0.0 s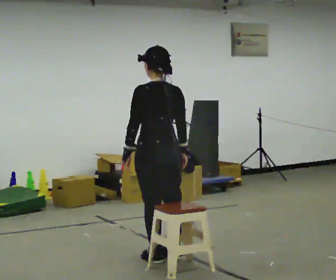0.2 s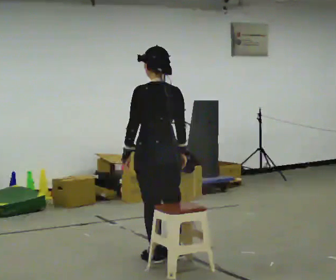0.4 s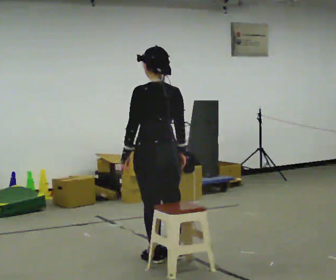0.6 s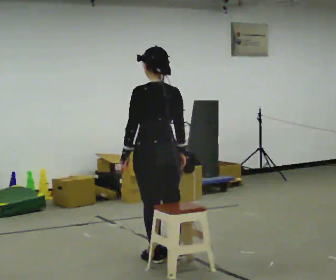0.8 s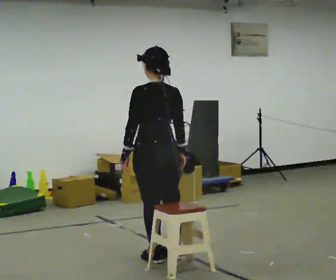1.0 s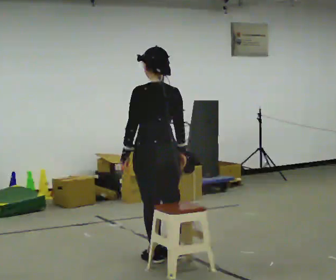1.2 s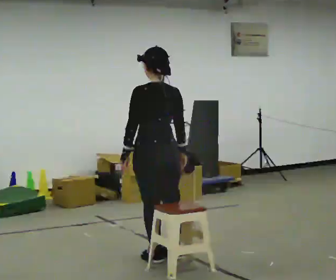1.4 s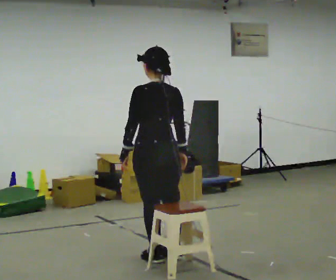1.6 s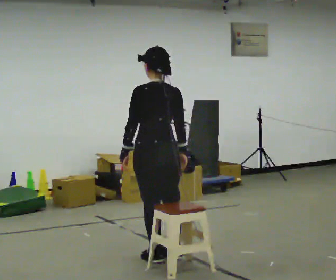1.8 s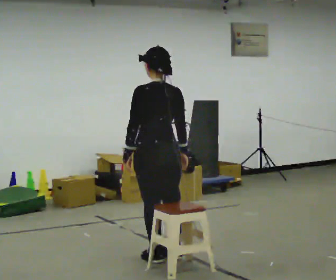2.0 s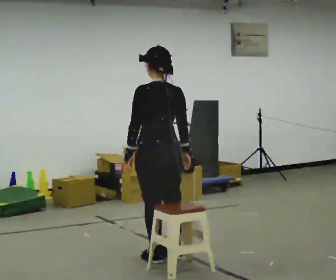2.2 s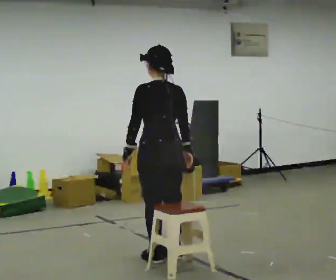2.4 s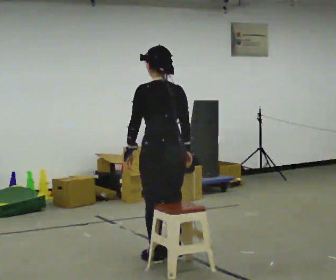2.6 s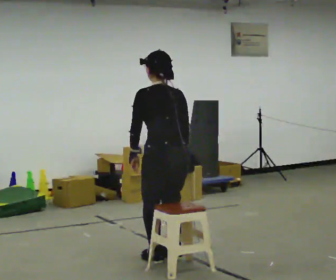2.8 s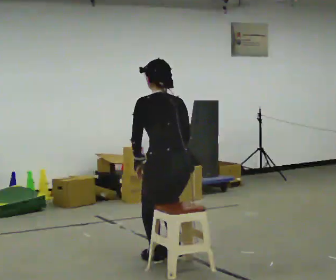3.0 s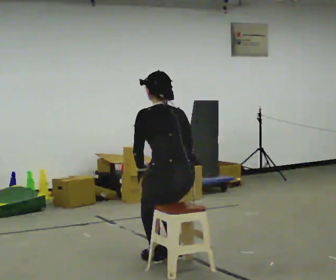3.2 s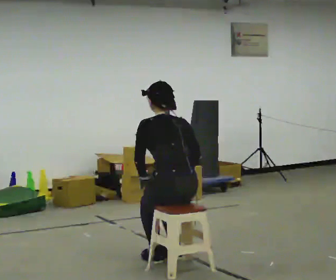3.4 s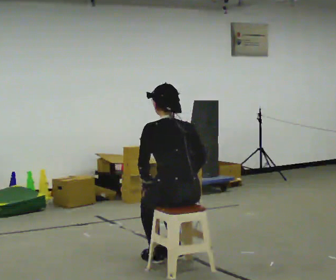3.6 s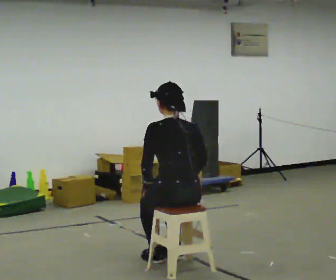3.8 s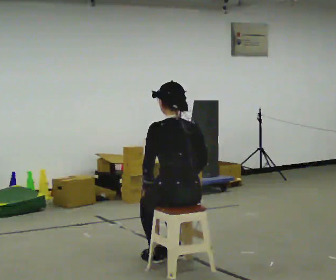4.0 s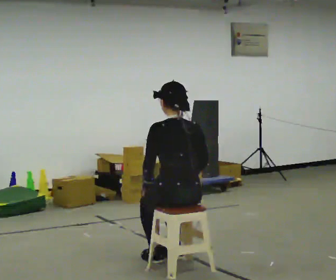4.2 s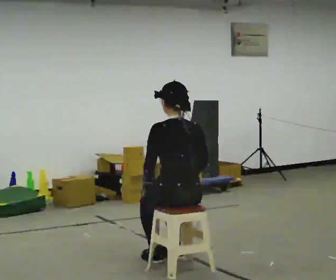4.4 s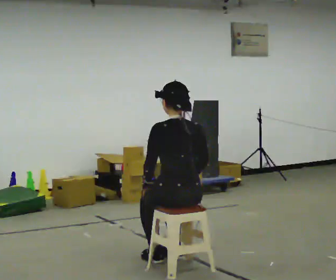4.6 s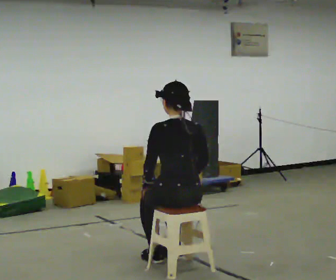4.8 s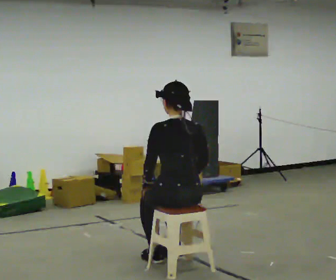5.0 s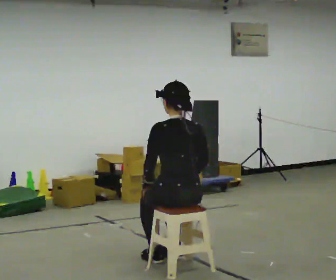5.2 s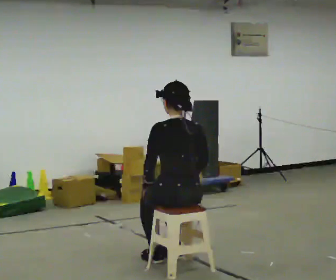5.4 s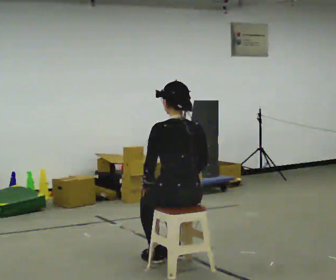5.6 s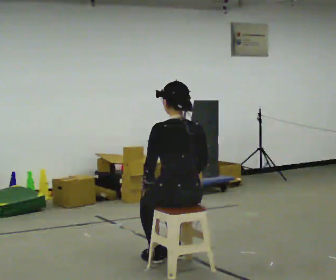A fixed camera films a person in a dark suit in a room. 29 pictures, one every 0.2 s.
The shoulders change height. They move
downward.
0.0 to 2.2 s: The person moves a little, or ends about where they began.
2.2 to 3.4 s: In the picture they go toward the camera, about 0.25 m, which for them is backward. The upper body goes downward.
3.4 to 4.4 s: The person moves a little, or ends about where they began.
4.4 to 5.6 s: The person keeps their place and pose.
The film runs backward here.
